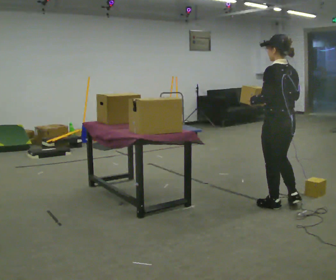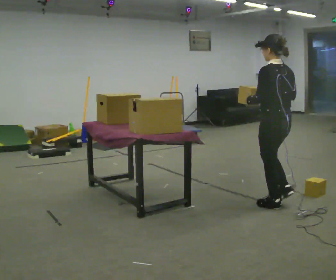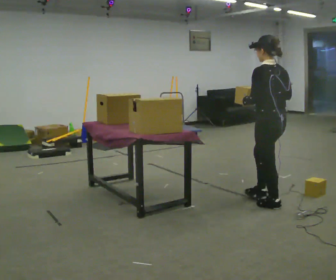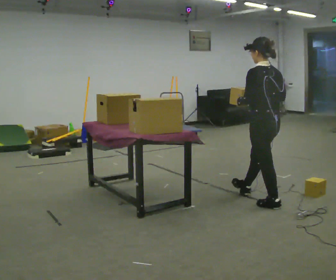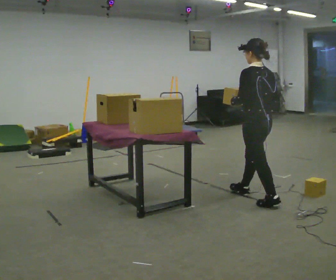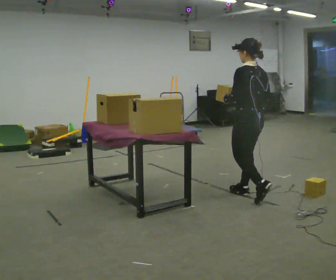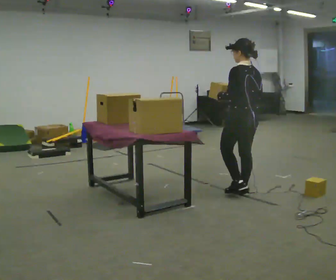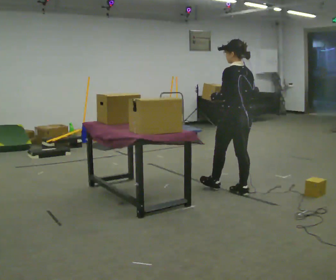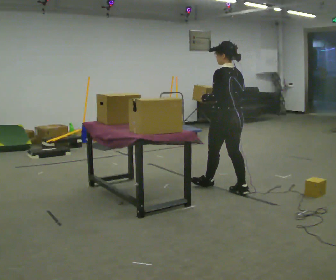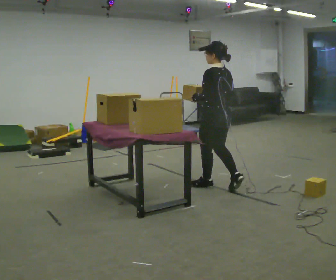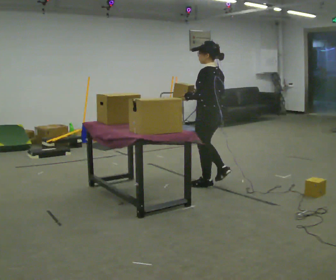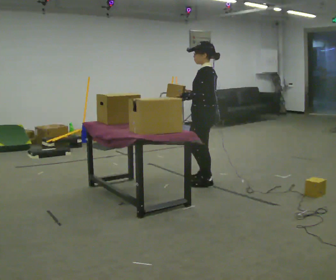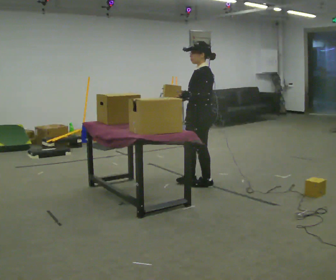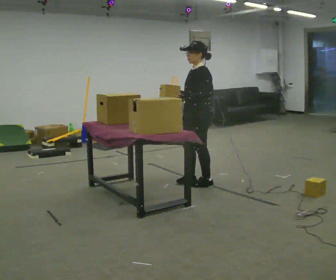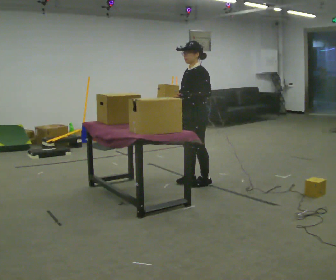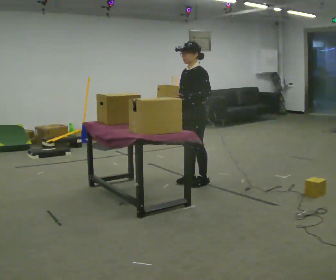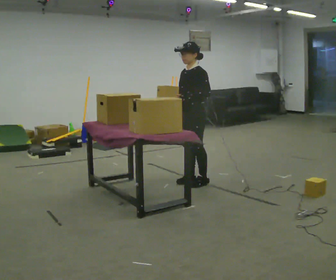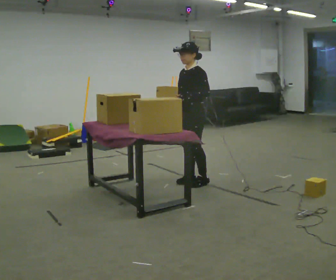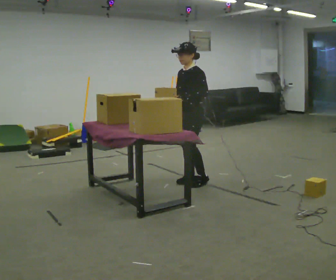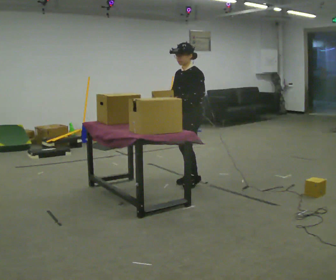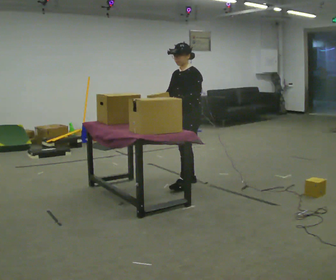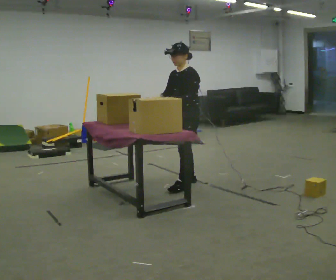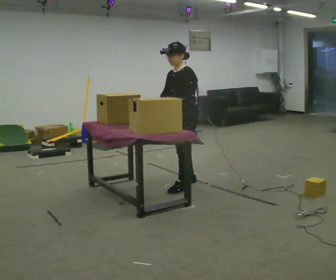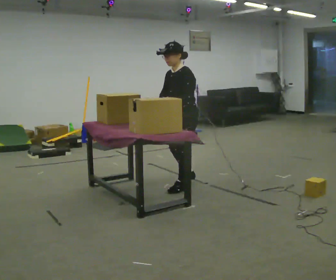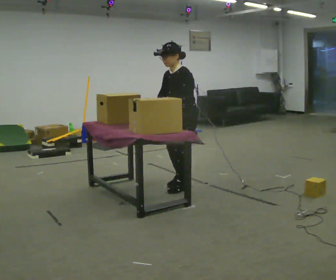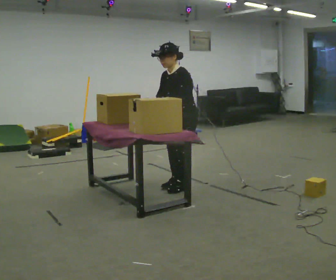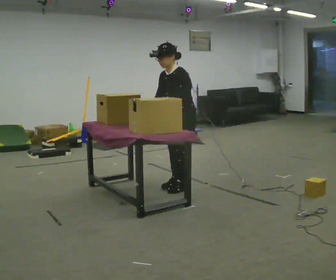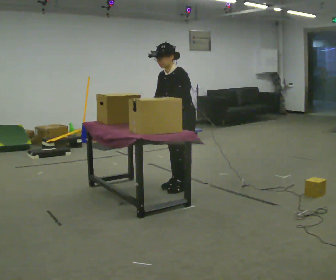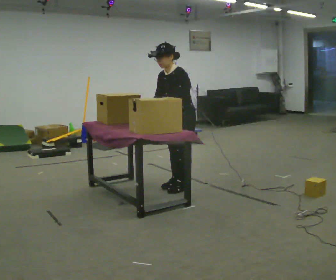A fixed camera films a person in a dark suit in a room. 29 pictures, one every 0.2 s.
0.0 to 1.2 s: In the picture they go away from the camera and to the left, about 0.5 m in 1 step, which for them is forward.
1.2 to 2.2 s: Seen from above the body turns counterclockwise, about 45 degrees: to their left, with its near side sliding to the right. In the picture they go to the left and away from the camera, about 0.5 m in 1 step, which for them is forward.
2.2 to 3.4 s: The part of the body nearest the lens slides to the right as the person turns to their left by about 45 degrees.
3.4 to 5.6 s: In the picture they go toward the camera, about 0.25 m in 2 steps, which for them is forward. In the picture the upper body tilts counterclockwise, shoulders to the left, as they bend forward.
The film runs forward here.
